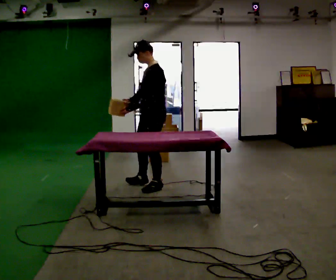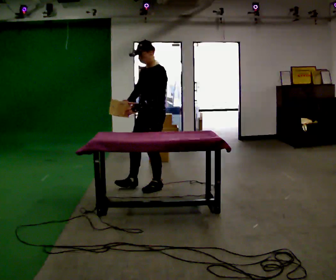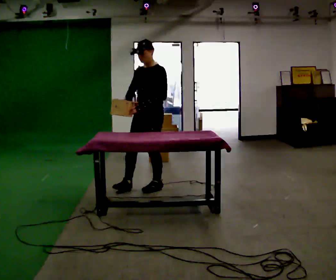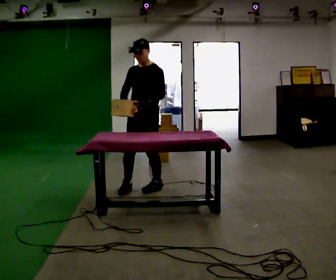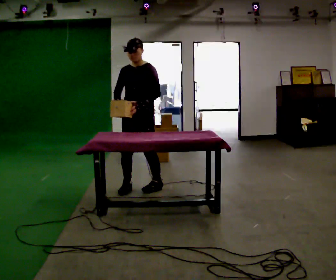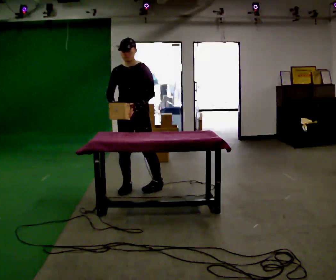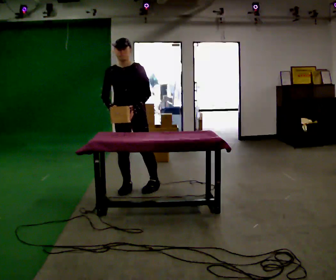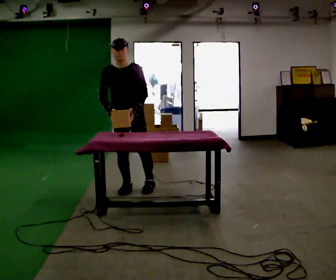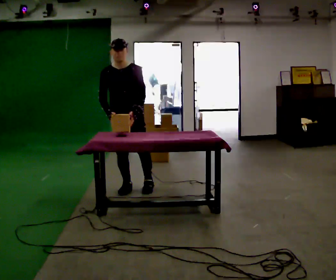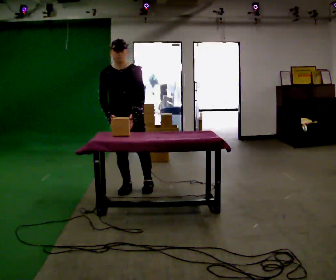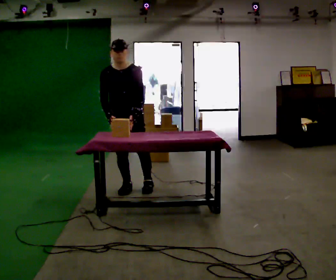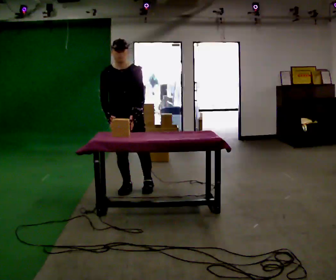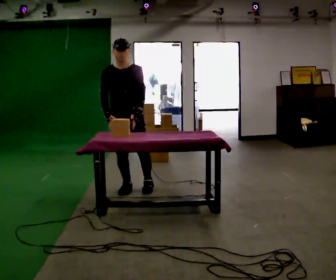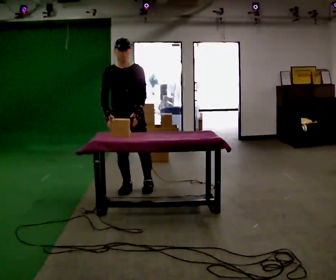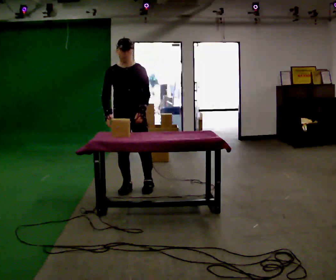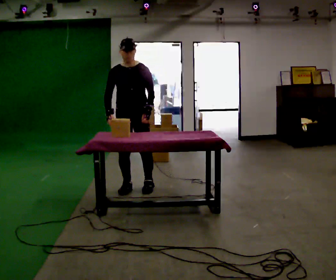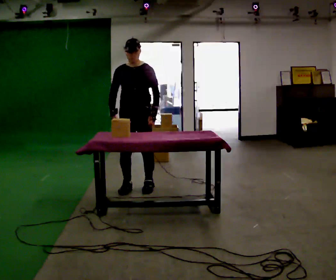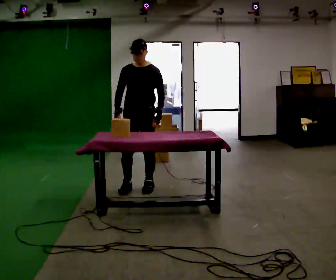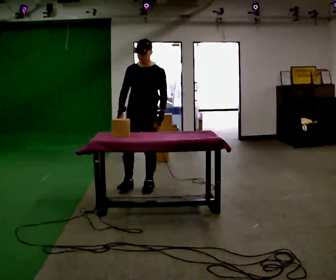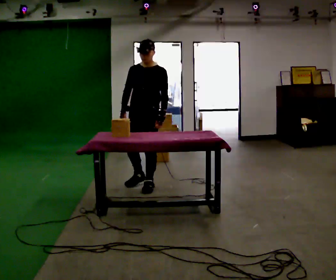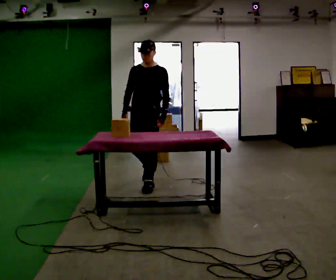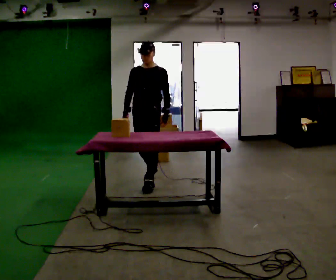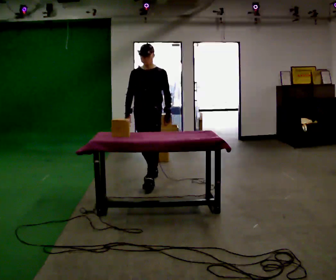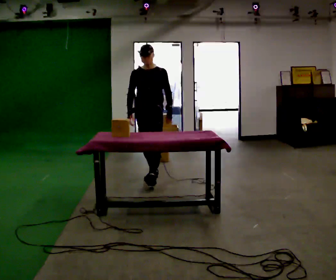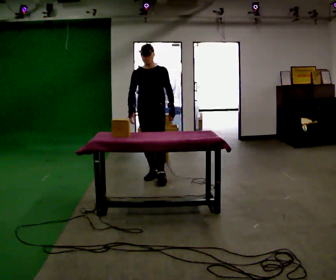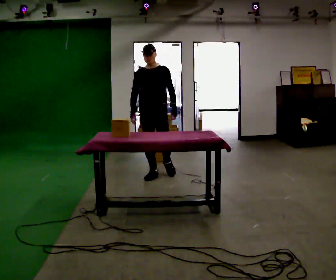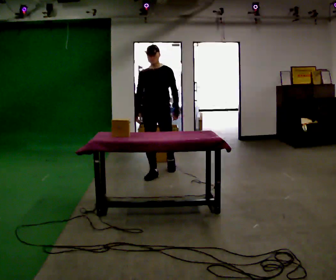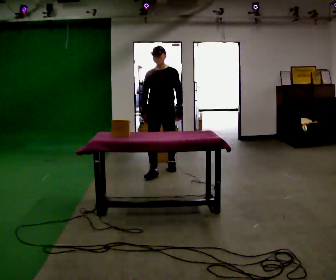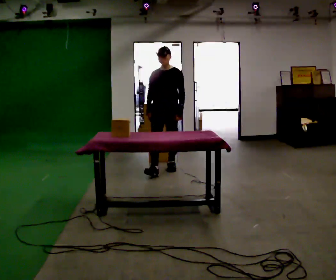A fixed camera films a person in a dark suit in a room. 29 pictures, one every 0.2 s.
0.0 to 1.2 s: The person turns about 75 degrees to their left, counterclockwise seen from above, so the part of the body nearest the lens slides to the right. In the picture they go to the left, about 0.25 m.
1.2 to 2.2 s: The person moves a little, or ends about where they began.
2.2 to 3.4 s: In the picture they go to the right, about 0.25 m, which for them is to their left.
3.4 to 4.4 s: In the picture they go away from the camera, about 0.25 m in 1 step, which for them is backward.
4.4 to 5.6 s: In the picture they go away from the camera and to the right, about 0.5 m in 1 step, which for them is backward.
The film runs backward here.
